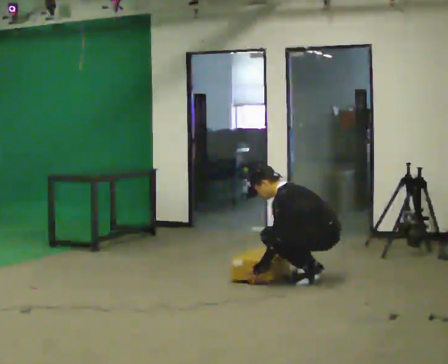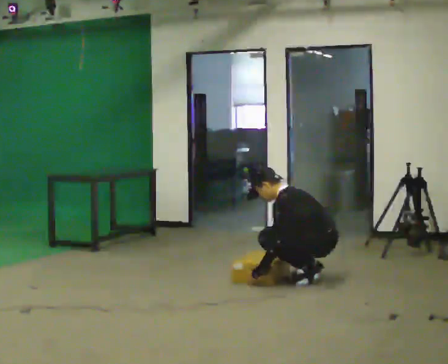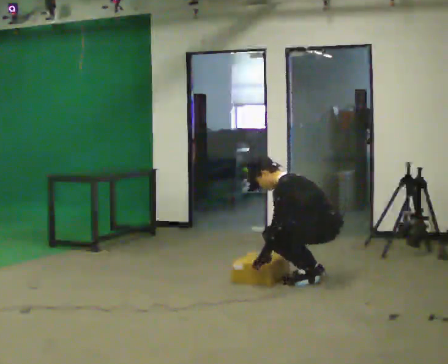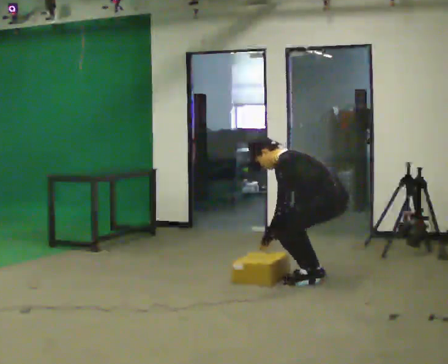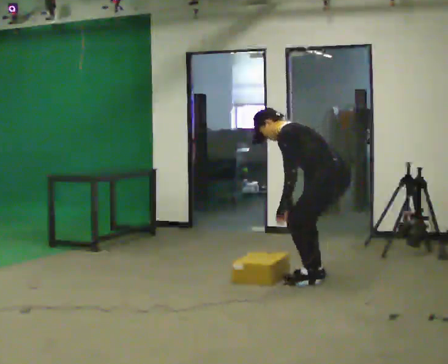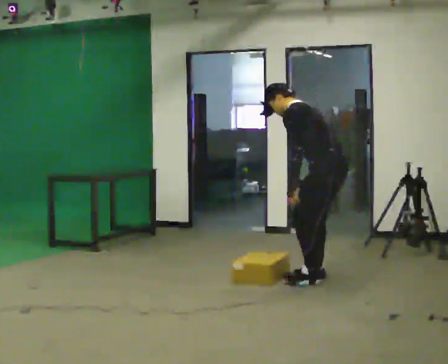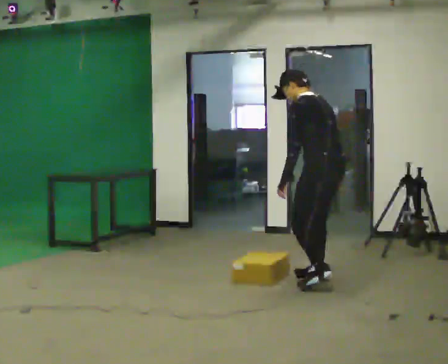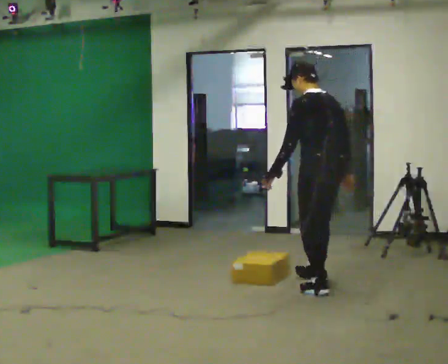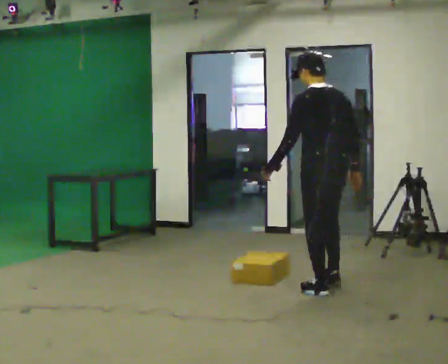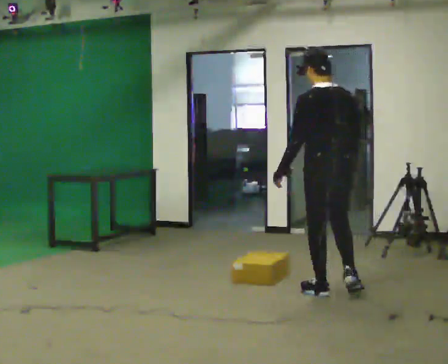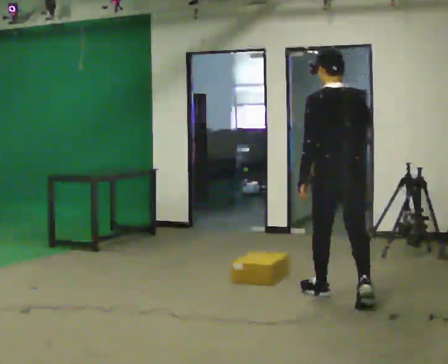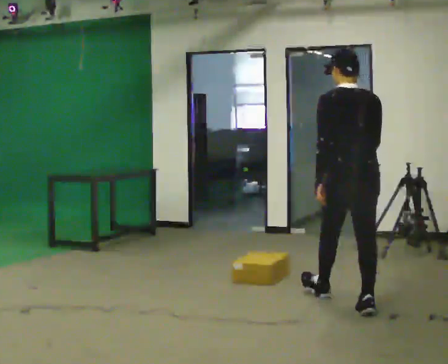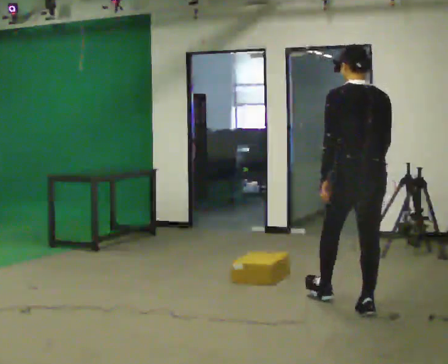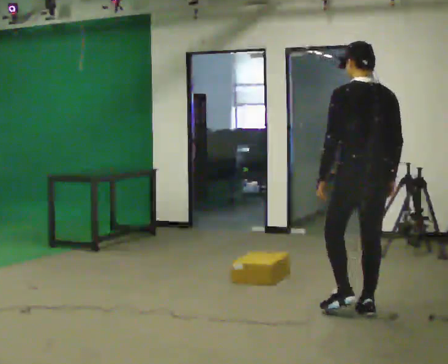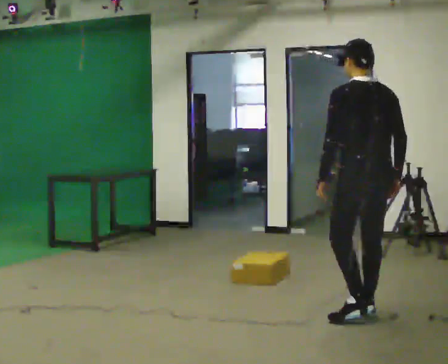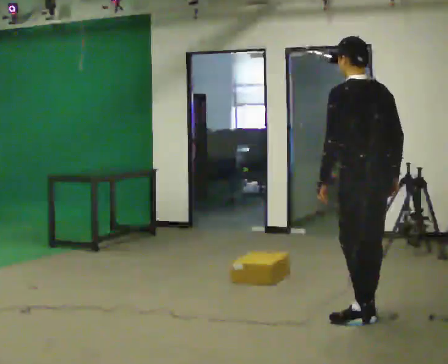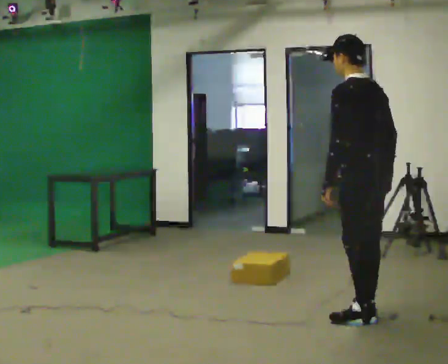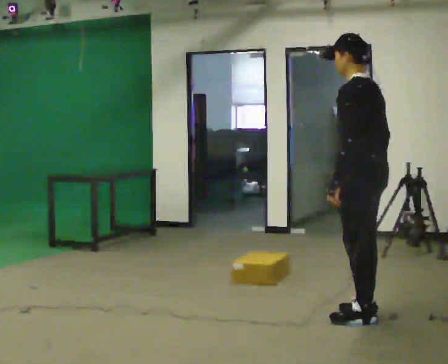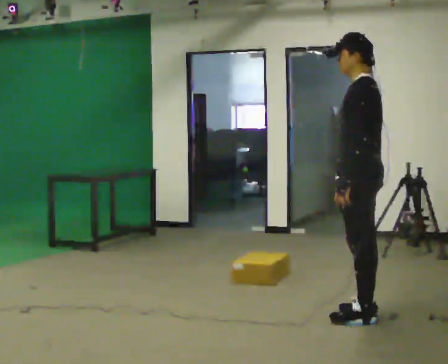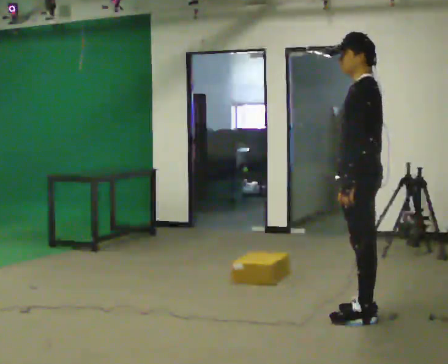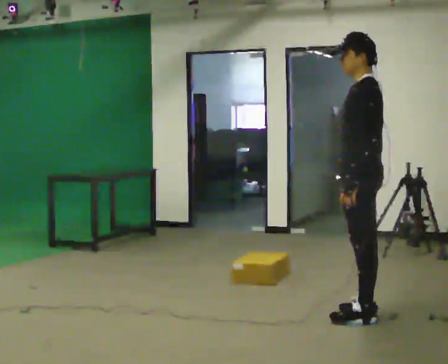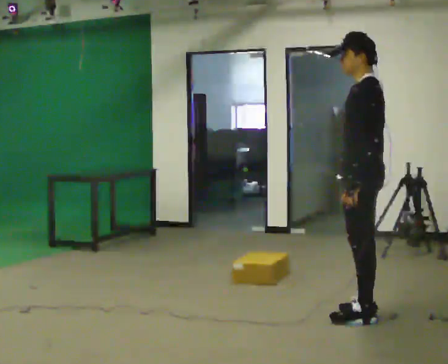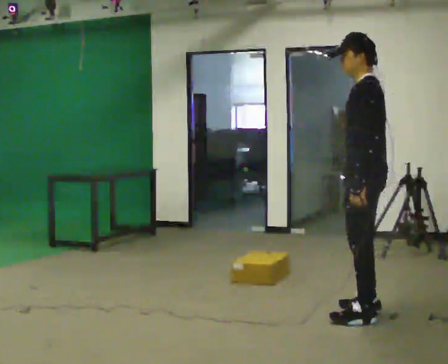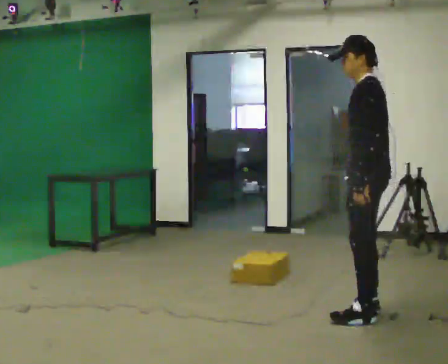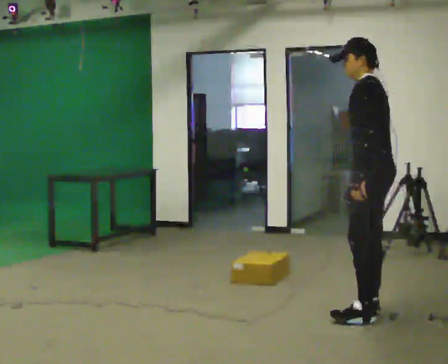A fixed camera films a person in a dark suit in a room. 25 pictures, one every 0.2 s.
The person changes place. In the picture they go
toward the camera.
The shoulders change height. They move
upward.
0.0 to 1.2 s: The shoulders move upward. In the picture their right hand goes upward and to the right.
1.2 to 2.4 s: The person turns about 30 degrees to their right, clockwise seen from above, so the part of the body nearest the lens slides to the left. In the picture they go toward the camera and to the right, about 1 m in 2 steps, which for them is backward. In the picture the upper body tilts clockwise, shoulders to the right, as they lean back or straighten.
2.4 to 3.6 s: The person turns about 60 degrees to their left, counterclockwise seen from above, so the part of the body nearest the lens slides to the right. In the picture they go toward the camera, about 0.25 m, which for them is backward and to their left.
3.6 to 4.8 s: The person moves a little, or ends about where they began.
The film runs backward here.
